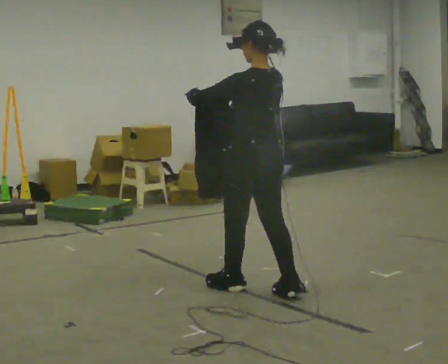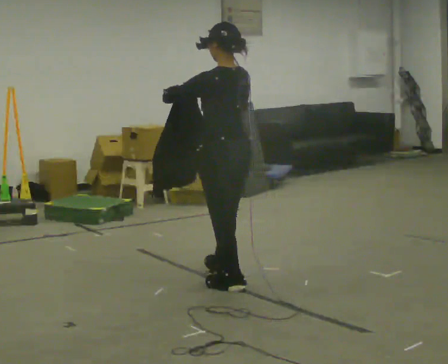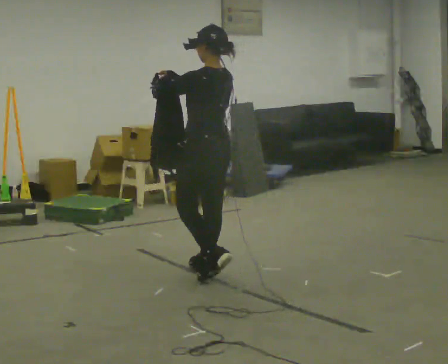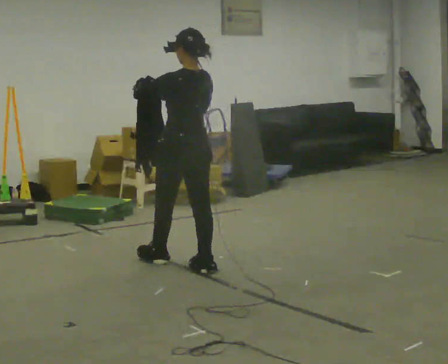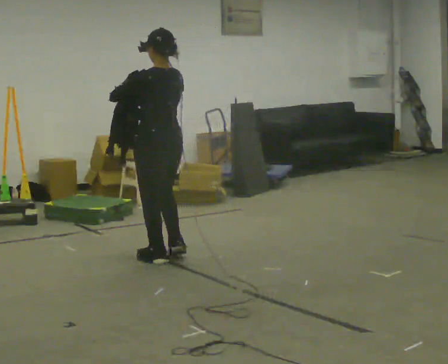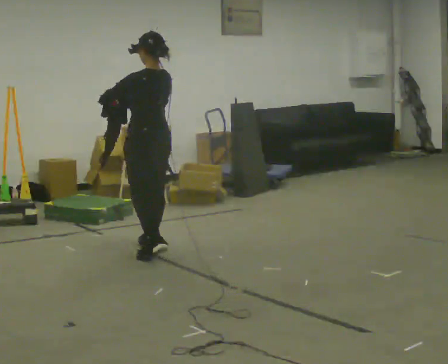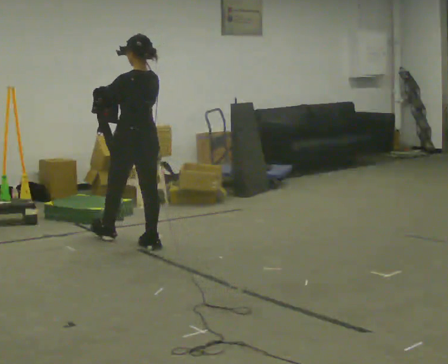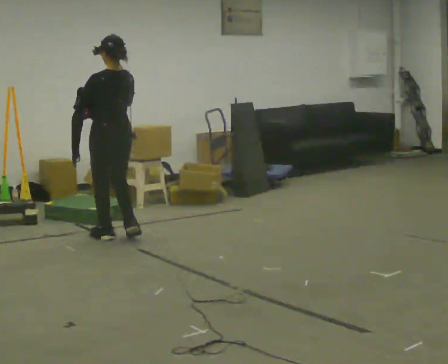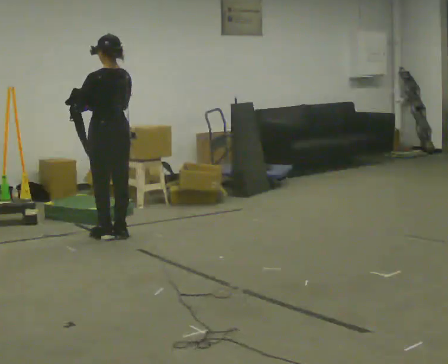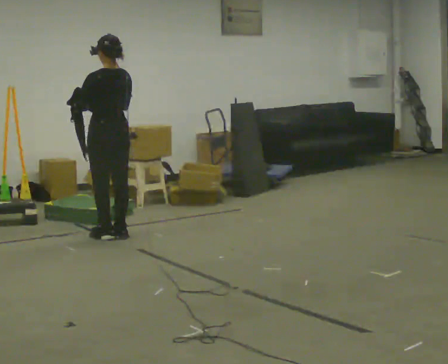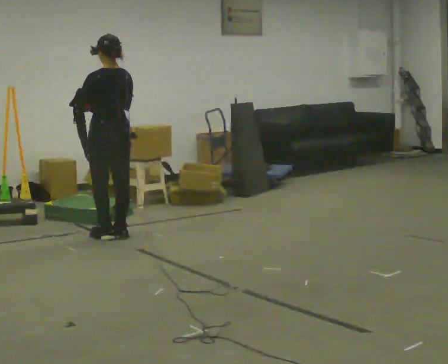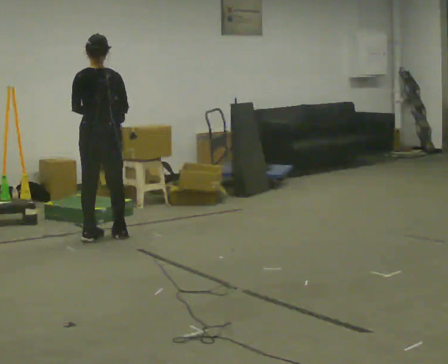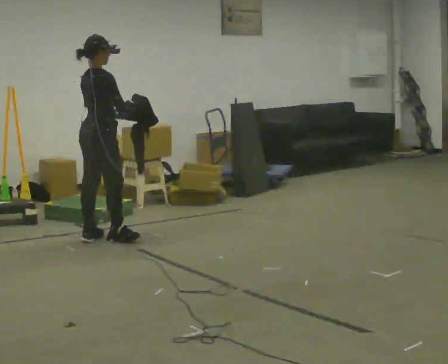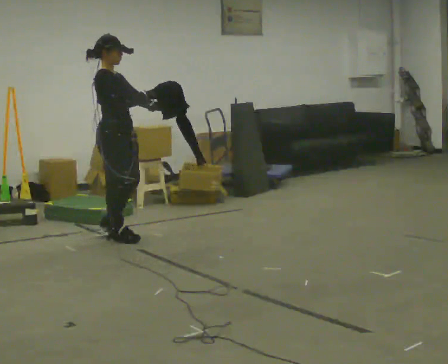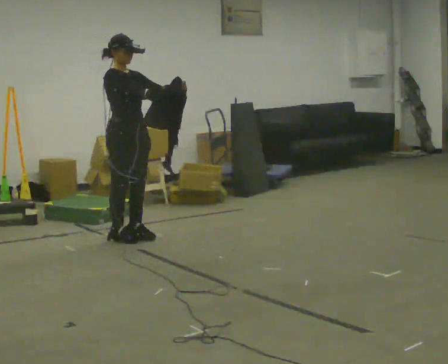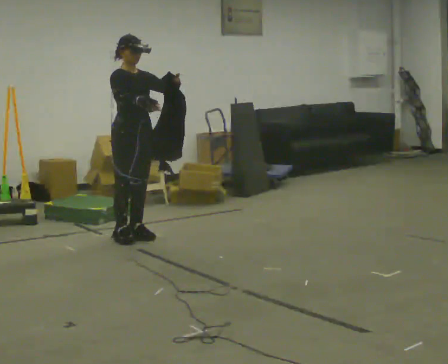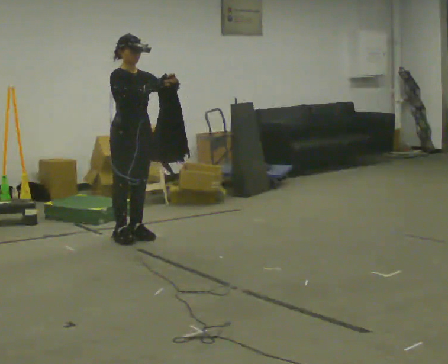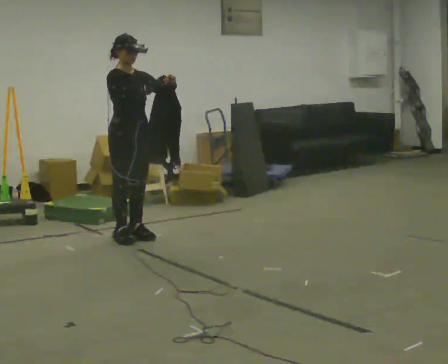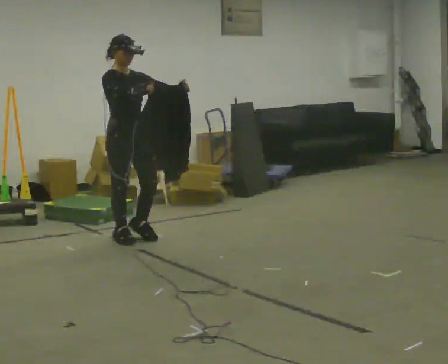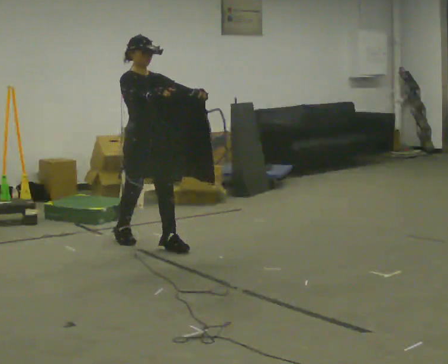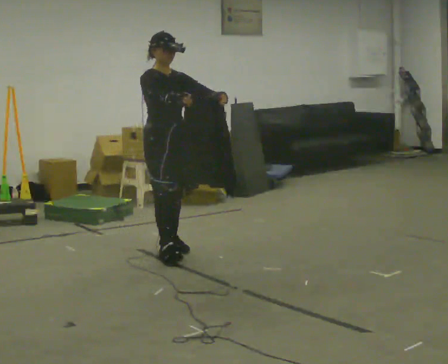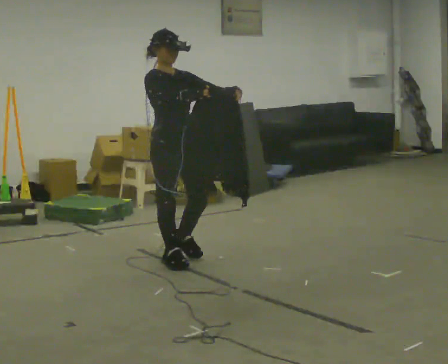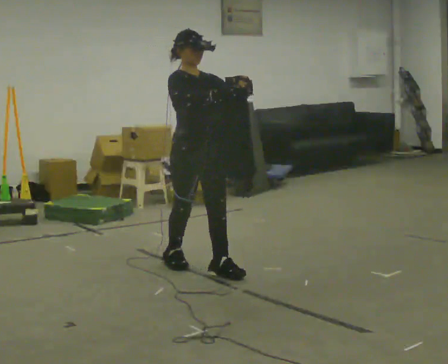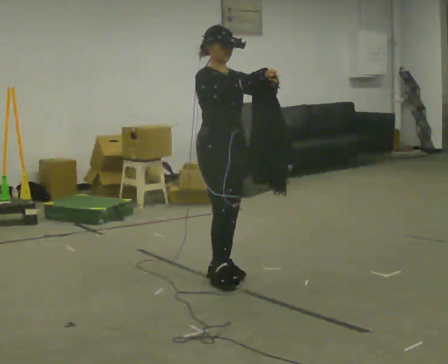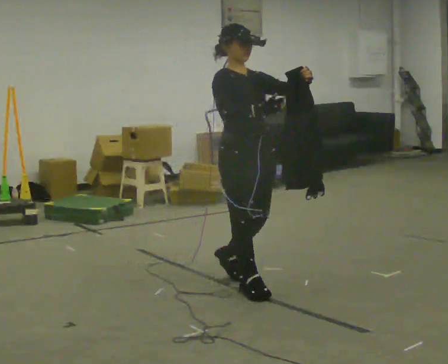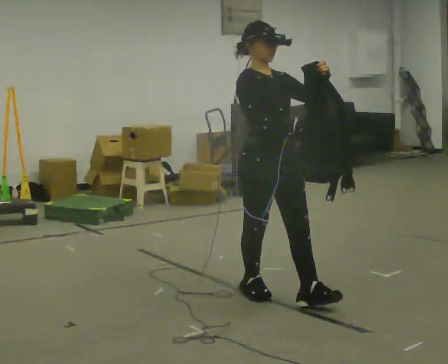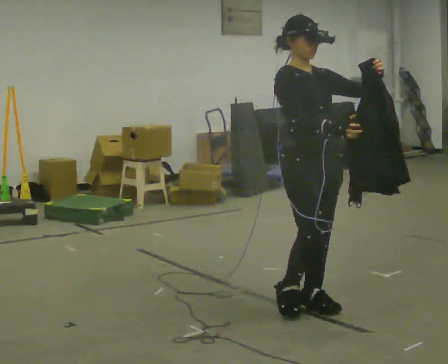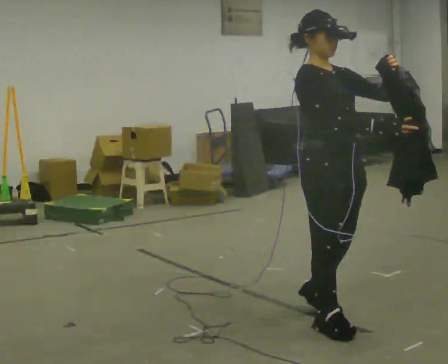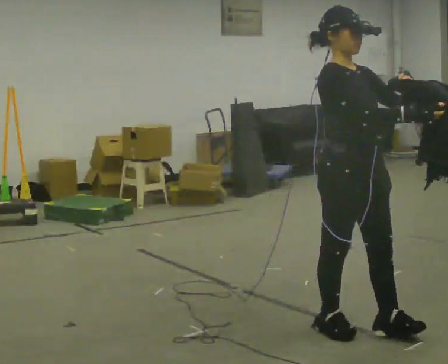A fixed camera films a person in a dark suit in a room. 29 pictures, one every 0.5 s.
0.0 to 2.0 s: In the picture they go away from the camera and to the left, about 1 m in 2 steps, which for them is forward.
2.0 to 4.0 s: In the picture they go away from the camera and to the left, about 1 m in 3 steps, which for them is forward.
4.0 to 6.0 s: The person turns about 90 degrees to their right, clockwise seen from above, so the part of the body nearest the lens slides to the left.
6.0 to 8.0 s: The part of the body nearest the lens slides to the left as the person turns to their right by about 90 degrees. In the picture they go to the right, about 0.25 m in 1 step. In the picture their left hand goes to the right.
8.0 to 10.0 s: In the picture they go toward the camera and to the right, about 0.5 m in 1 step, which for them is forward.
10.0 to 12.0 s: In the picture they go toward the camera and to the right, about 1 m in 3 steps, which for them is forward.
12.0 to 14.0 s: In the picture they go toward the camera and to the right, about 1 m in 2 steps, which for them is forward.
The film runs forward here.
